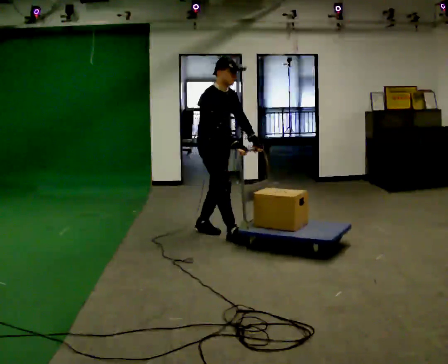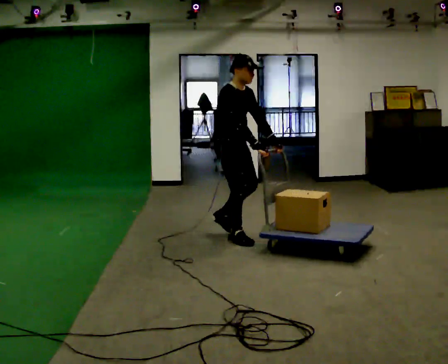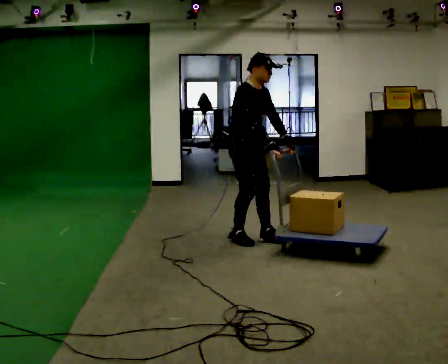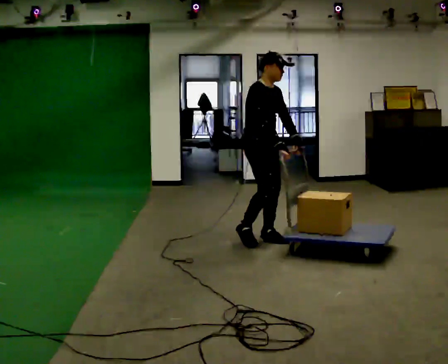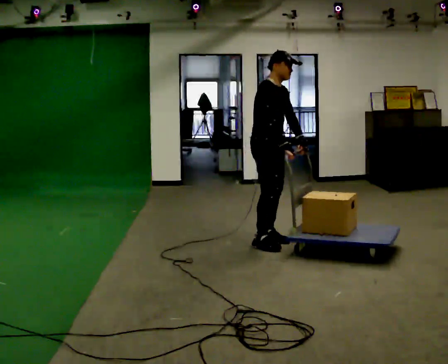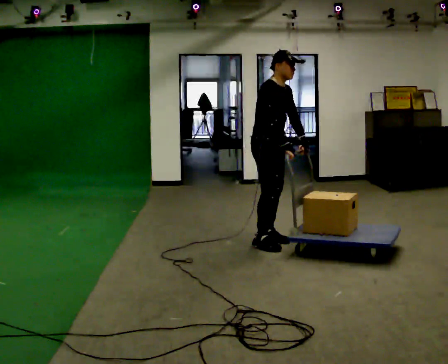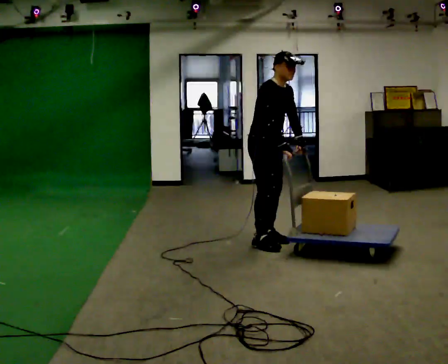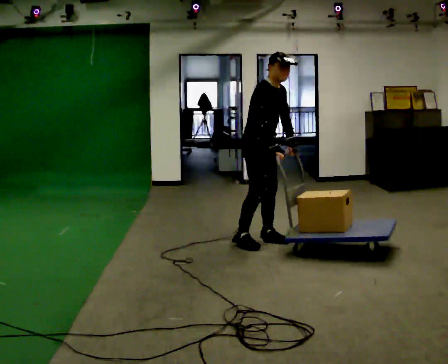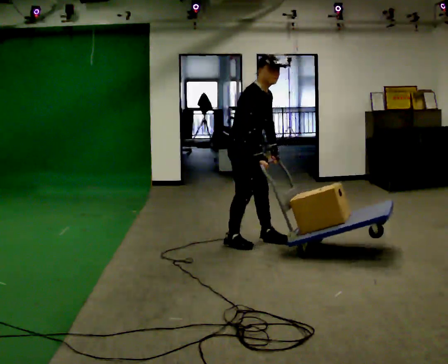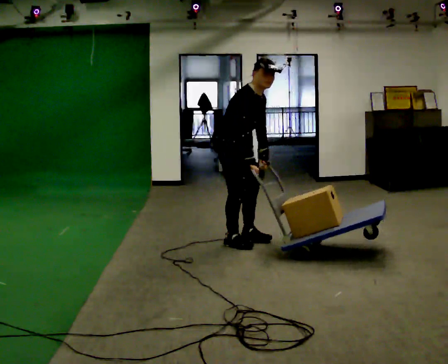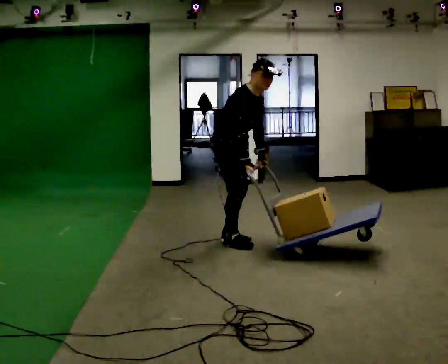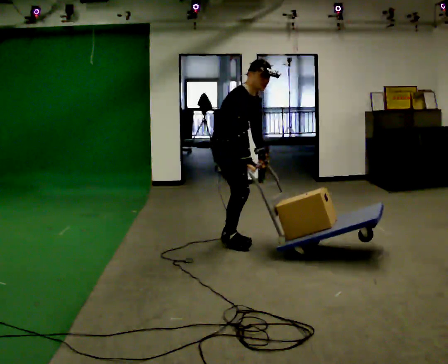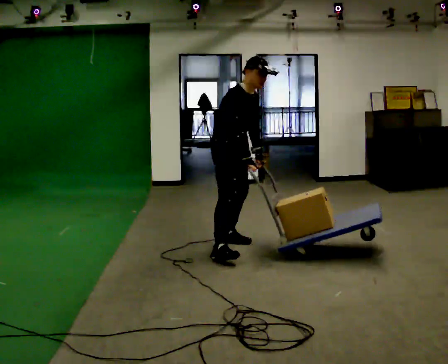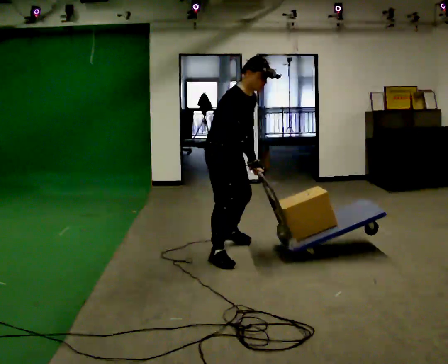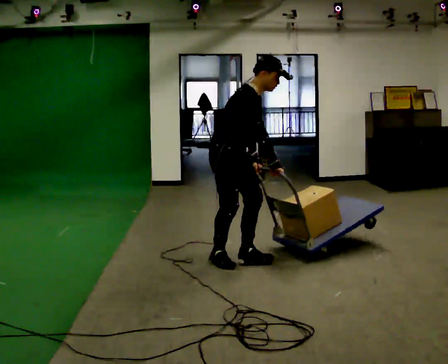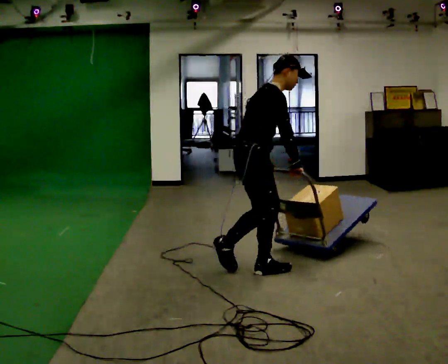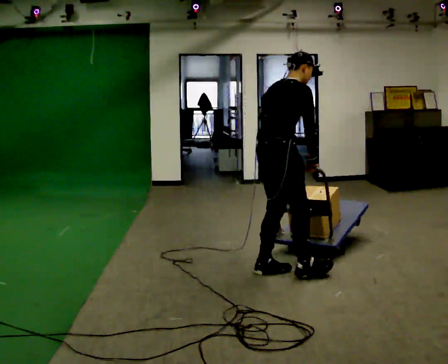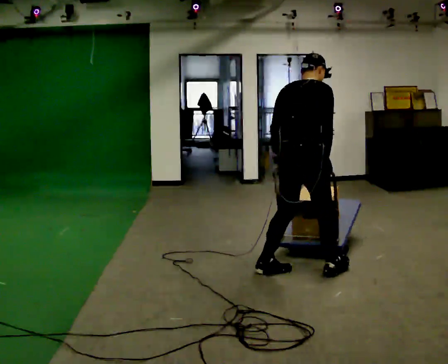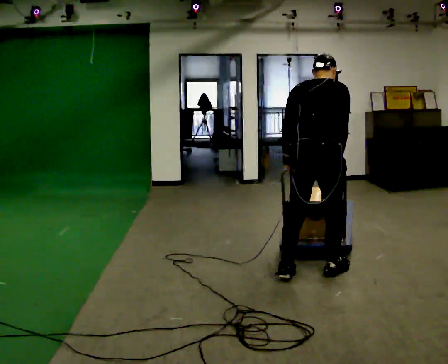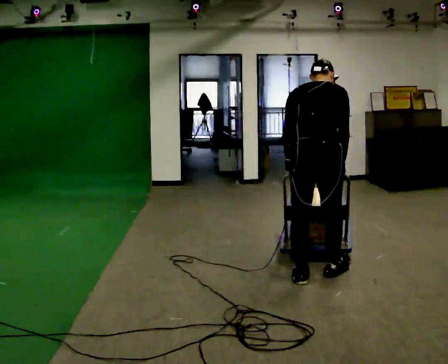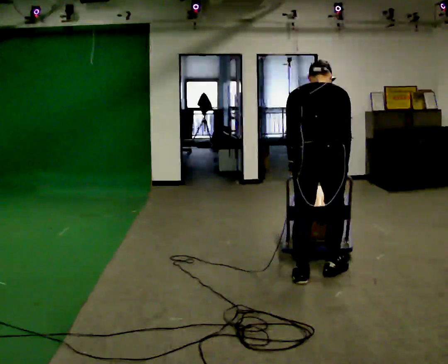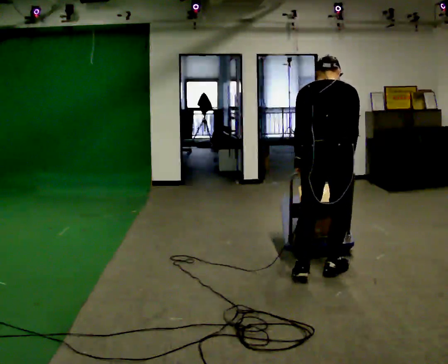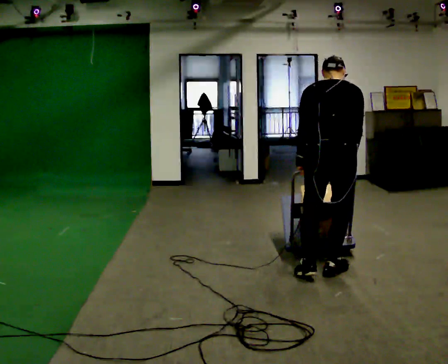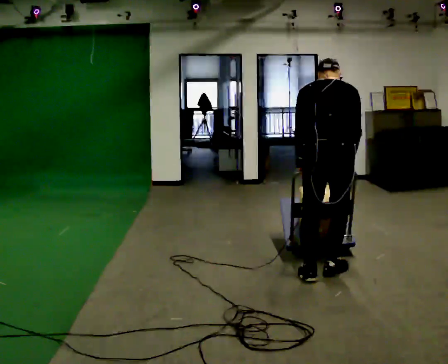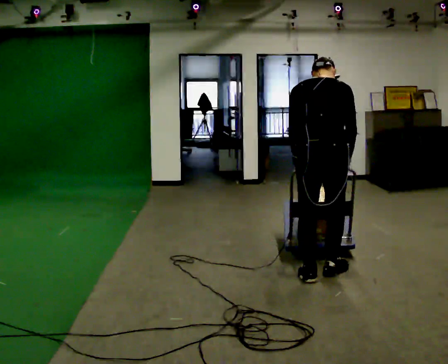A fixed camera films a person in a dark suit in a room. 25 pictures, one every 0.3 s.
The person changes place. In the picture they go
toward the camera.
0.0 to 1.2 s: In the picture they go to the right and toward the camera, about 0.5 m in 3 steps, which for them is forward.
1.2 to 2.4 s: In the picture they go to the left, about 0.25 m in 1 step, which for them is backward and to their right.
2.4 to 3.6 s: The person moves a little, or ends about where they began.
3.6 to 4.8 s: The person turns about 45 degrees to their left, counterclockwise seen from above, so the part of the body nearest the lens slides to the right. In the picture they go toward the camera and to the right, about 0.5 m in 2 steps, which for them is forward and to their right. The upper body tips away from the camera, its near side rolling upward.
4.8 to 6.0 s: Seen from above the body turns counterclockwise, about 45 degrees: to their left, with its near side sliding to the right. In the picture they go to the right and toward the camera, about 0.25 m in 2 steps, which for them is to their right.
6.0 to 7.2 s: The person moves a little, or ends about where they began.
The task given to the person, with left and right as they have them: Push the loaded cart from one corner of the room to the other, turn it round, and push it back. Keep going until the operator says stop.
The film runs forward here.
